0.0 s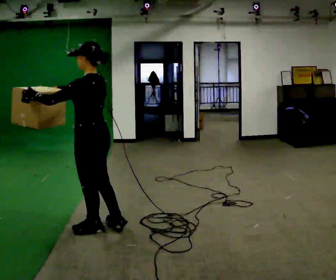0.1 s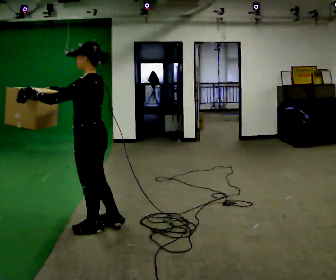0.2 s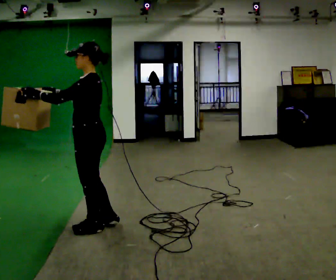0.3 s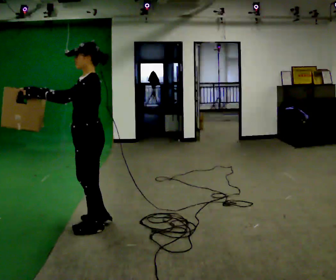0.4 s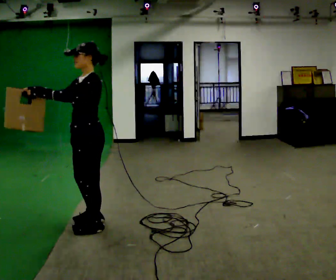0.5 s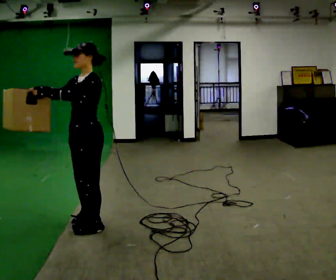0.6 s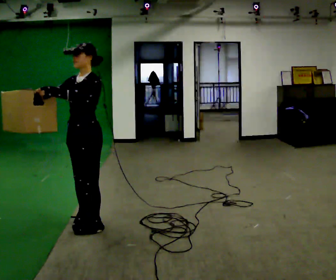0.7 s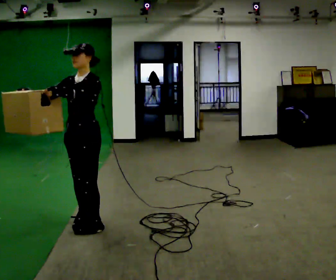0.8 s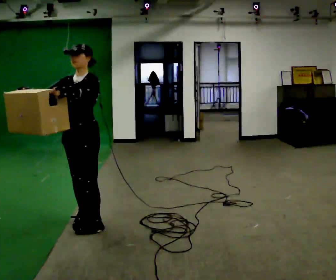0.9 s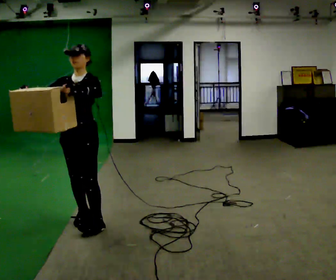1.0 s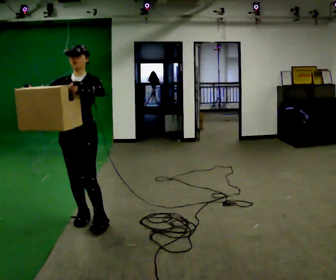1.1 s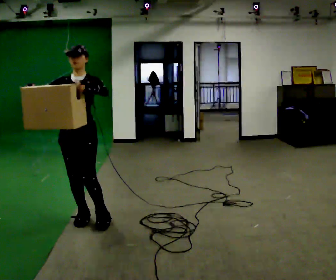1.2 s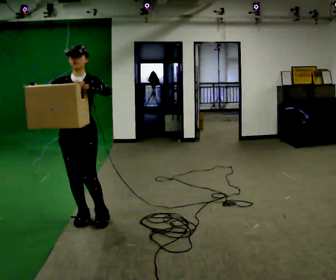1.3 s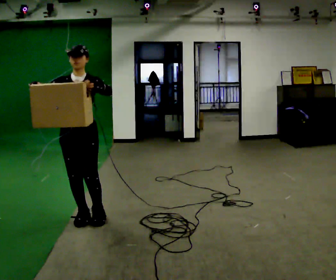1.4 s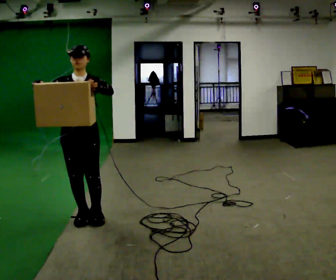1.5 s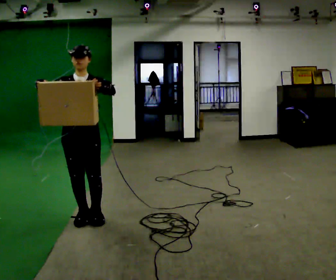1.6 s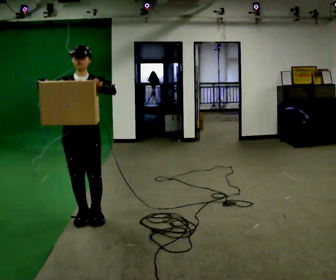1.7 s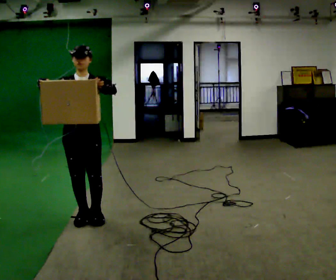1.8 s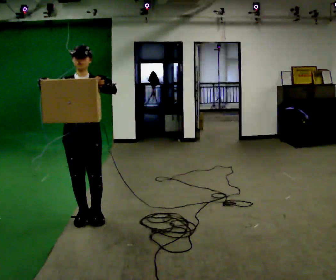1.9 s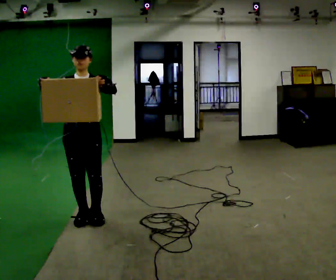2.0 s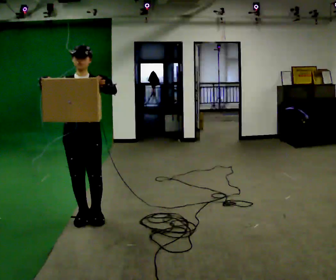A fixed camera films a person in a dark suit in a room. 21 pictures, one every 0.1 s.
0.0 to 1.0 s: Seen from above the body turns counterclockwise, about 90 degrees: to their left, with its near side sliding to the right. In the picture they go away from the camera, about 0.25 m in 1 step.
1.0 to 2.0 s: The person moves a little, or ends about where they began.
The film runs backward here.
